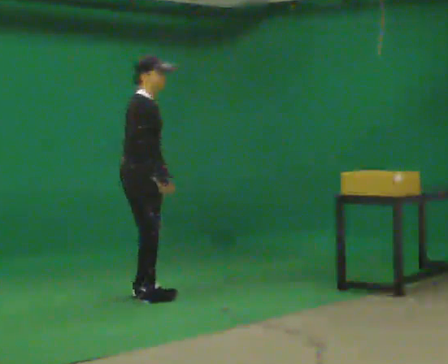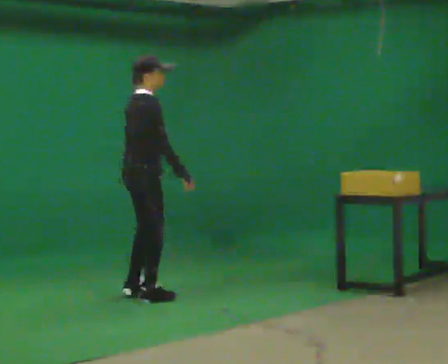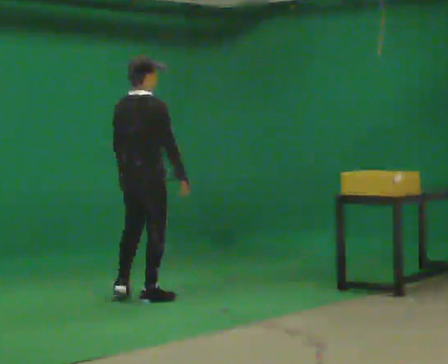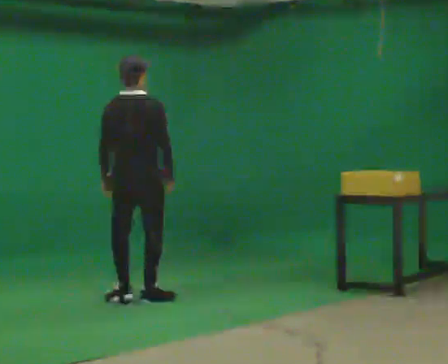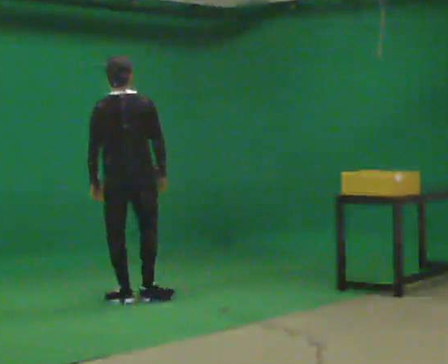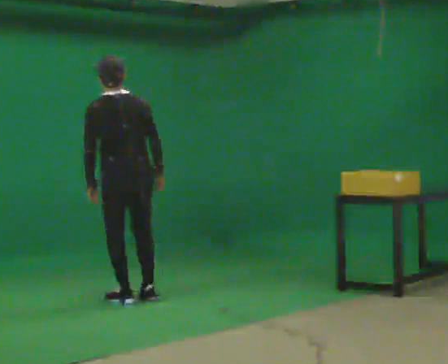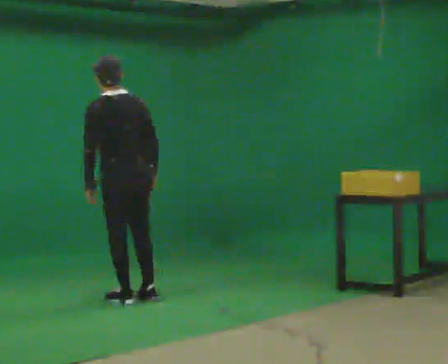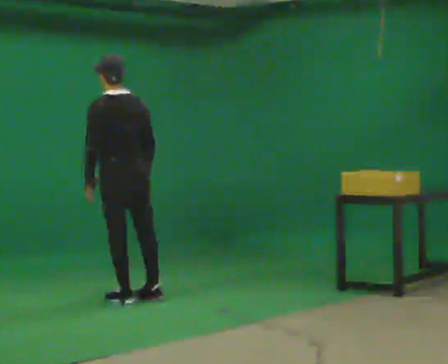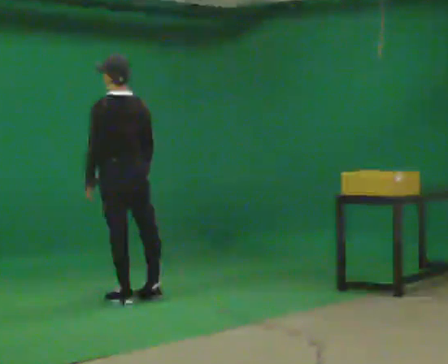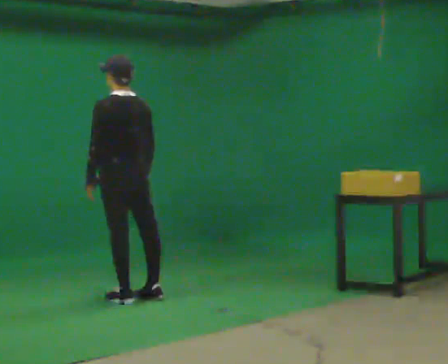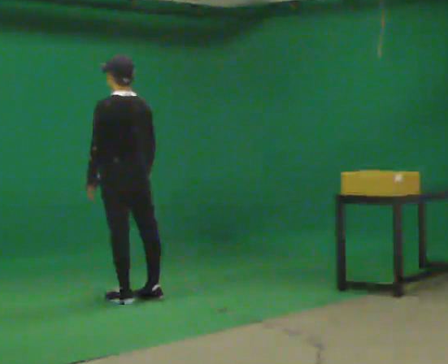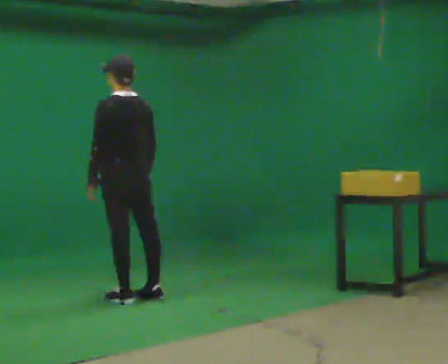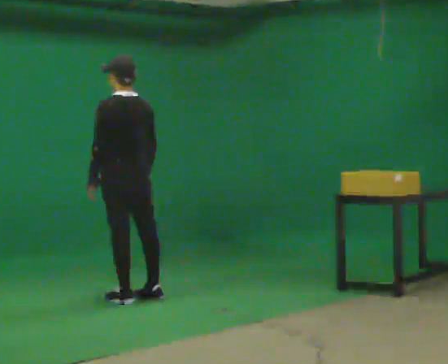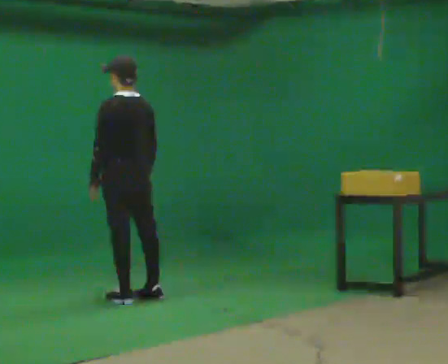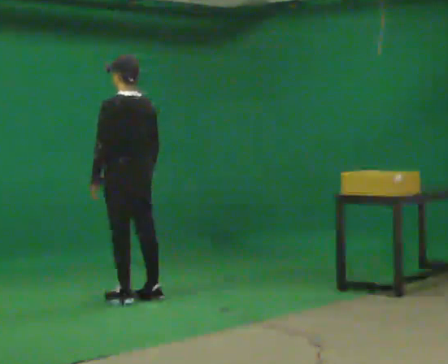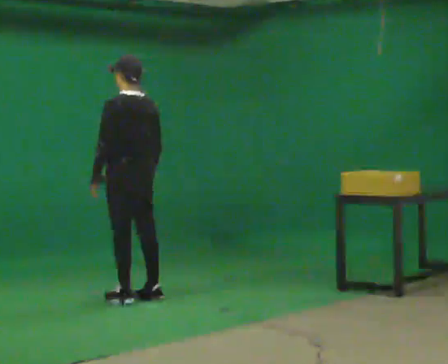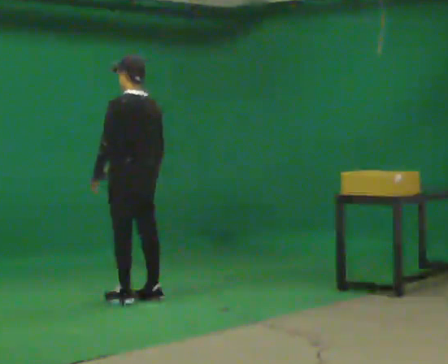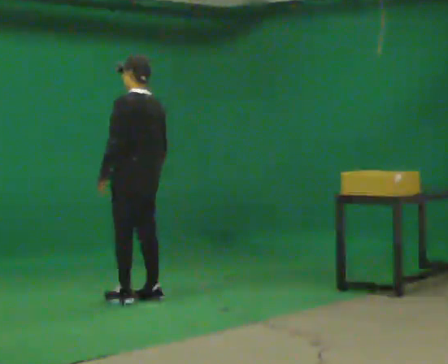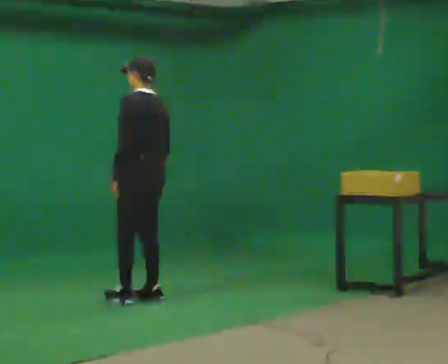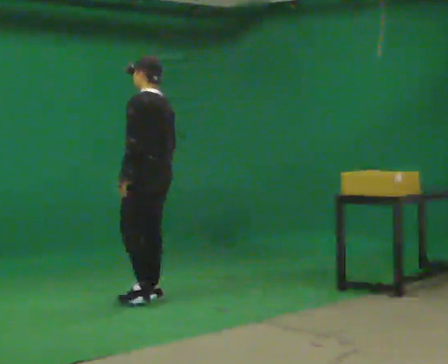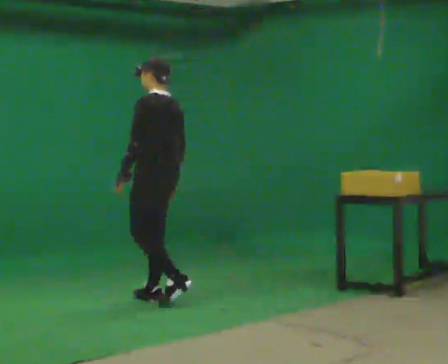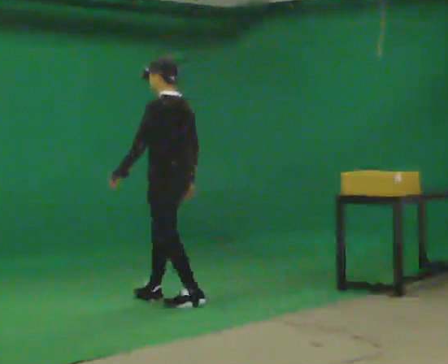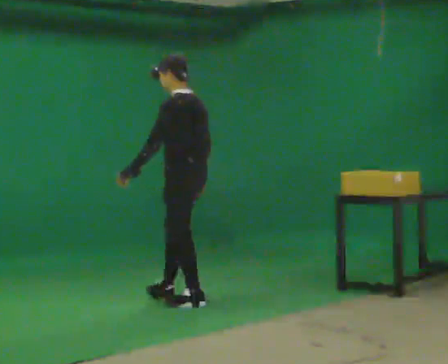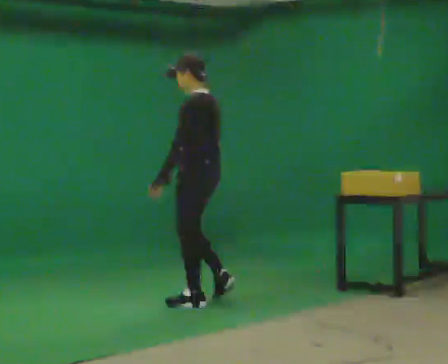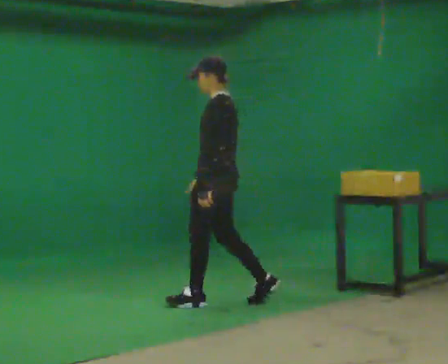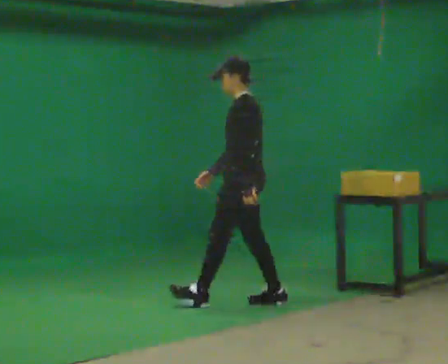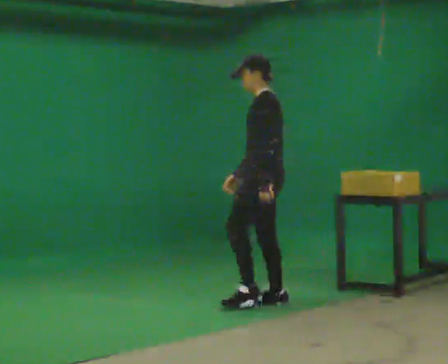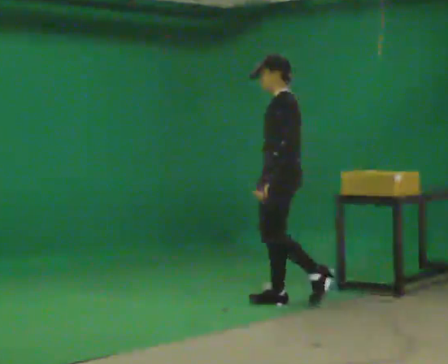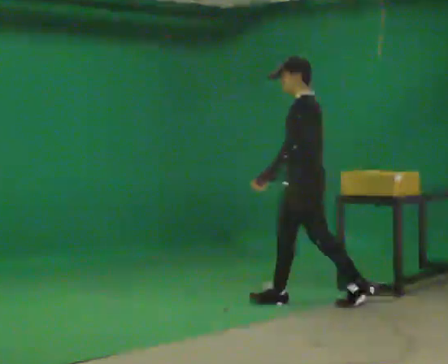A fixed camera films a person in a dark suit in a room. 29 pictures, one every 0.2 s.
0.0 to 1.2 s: Seen from above the body turns counterclockwise, about 135 degrees: to their left, with its near side sliding to the right. In the picture the upper body tilts counterclockwise, shoulders to the left. In the picture their left hand goes to the left.
1.2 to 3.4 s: The person moves a little, or ends about where they began.
3.4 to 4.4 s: In the picture they go to the right and toward the camera, about 0.5 m in 2 steps, which for them is backward.
4.4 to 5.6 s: In the picture they go to the right, about 1 m in 1 step, which for them is backward.
The film runs backward here.
